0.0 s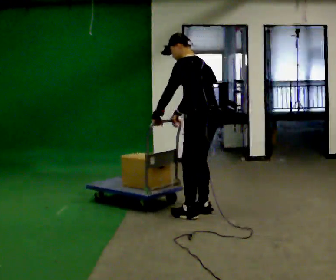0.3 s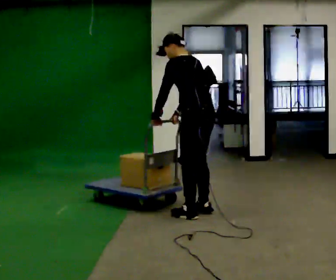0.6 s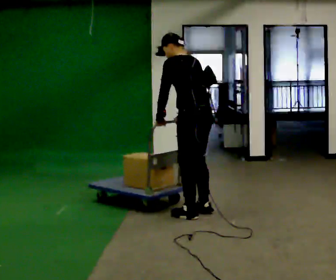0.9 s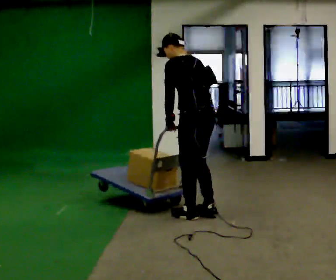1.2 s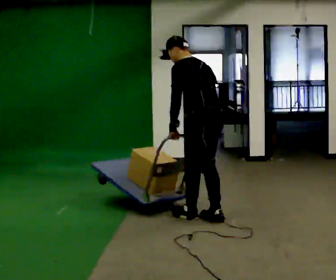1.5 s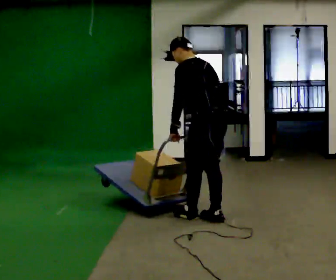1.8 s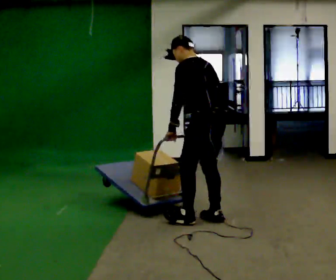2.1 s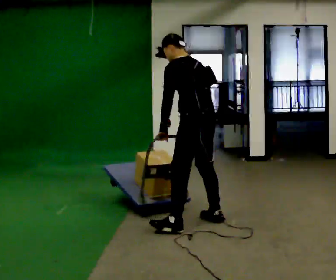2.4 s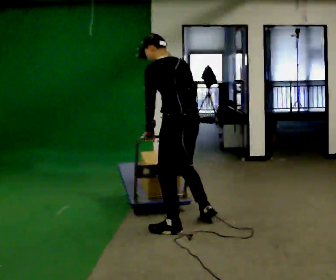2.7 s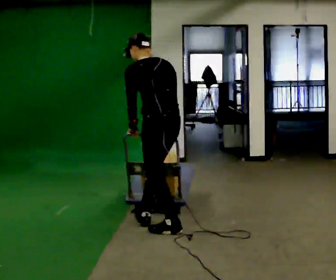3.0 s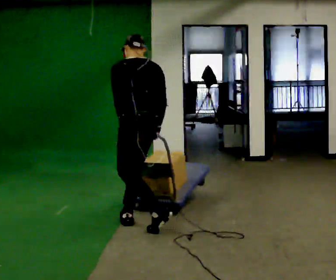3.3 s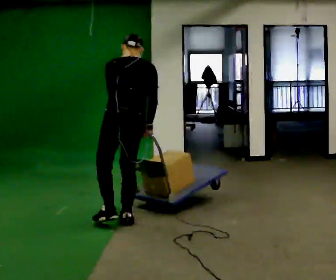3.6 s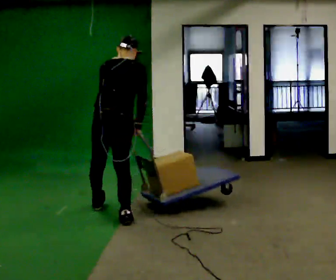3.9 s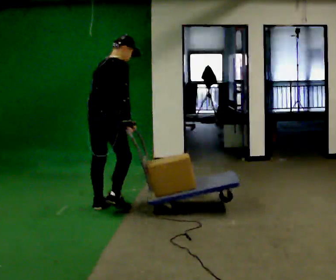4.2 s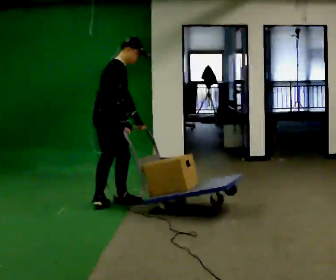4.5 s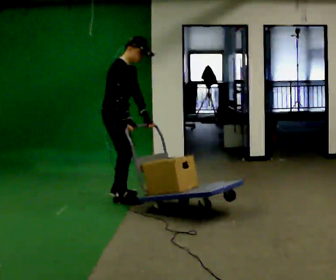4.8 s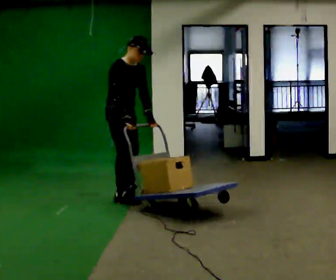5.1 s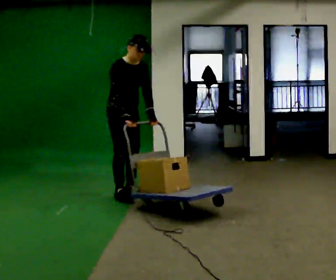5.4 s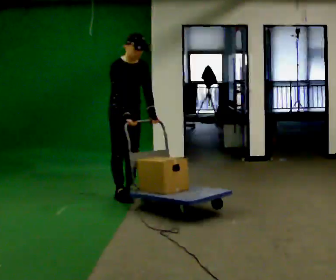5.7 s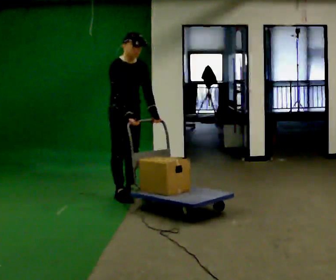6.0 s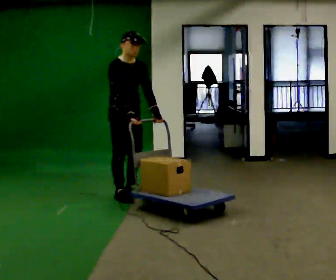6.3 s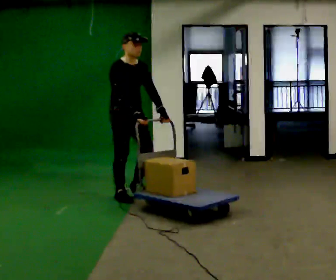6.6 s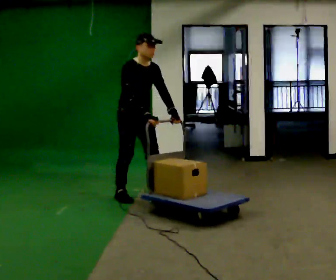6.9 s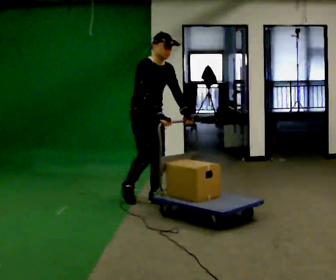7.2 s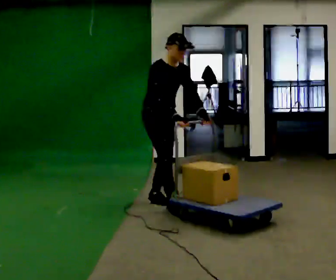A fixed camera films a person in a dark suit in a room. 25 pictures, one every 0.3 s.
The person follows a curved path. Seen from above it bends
clockwise.
The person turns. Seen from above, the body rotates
clockwise.
0.0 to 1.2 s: In the picture they go toward the camera, about 0.25 m in 1 step, which for them is backward and to their left.
1.2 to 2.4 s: In the picture they go to the left and toward the camera, about 0.25 m in 1 step, which for them is to their left.
2.4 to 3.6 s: Seen from above the body turns clockwise, about 60 degrees: to their right, with its near side sliding to the left. In the picture they go to the left and away from the camera, about 1 m in 1 step, which for them is forward. In the picture the upper body tilts clockwise, shoulders to the right.
3.6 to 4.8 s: The part of the body nearest the lens slides to the left as the person turns to their right by about 105 degrees. In the picture they go away from the camera, about 0.5 m in 3 steps.
4.8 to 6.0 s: The person moves a little, or ends about where they began.
6.0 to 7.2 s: In the picture they go to the right and toward the camera, about 0.5 m in 1 step, which for them is forward.
The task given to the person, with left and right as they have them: Push the loaded cart from one corner of the room to the other, turn it round, and push it back. Keep going until the operator says stop.
The film runs forward here.
